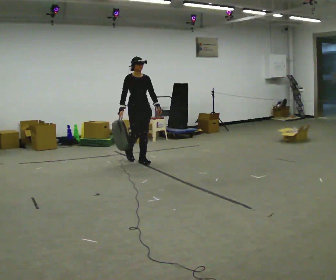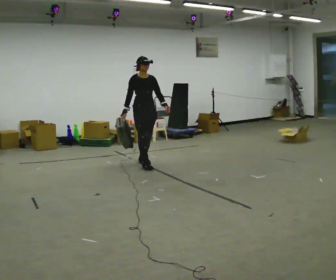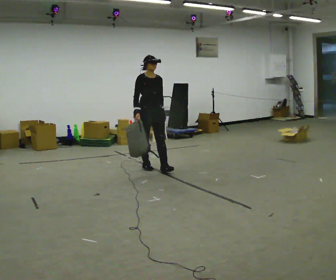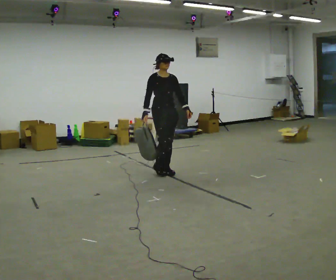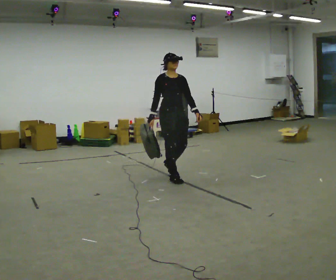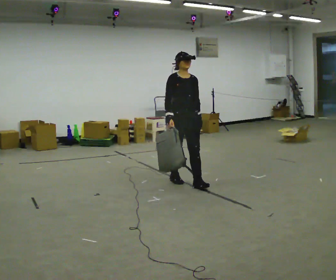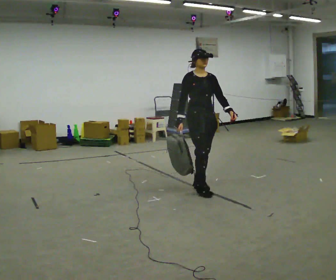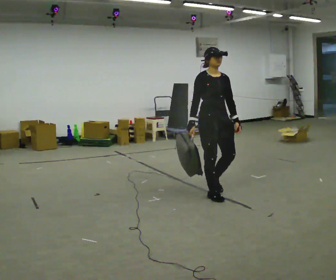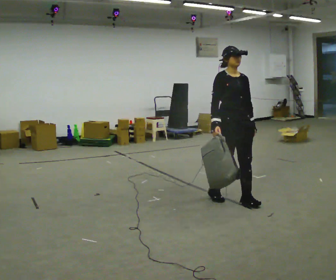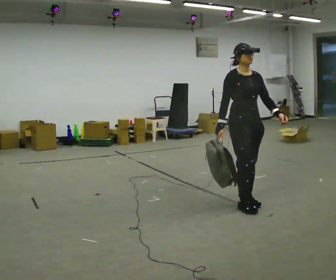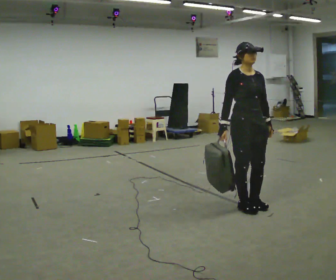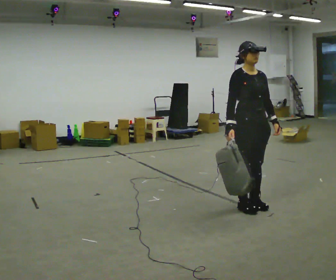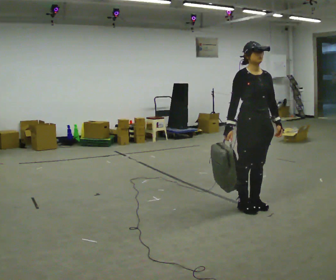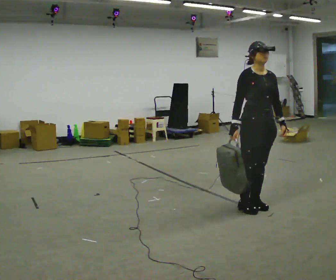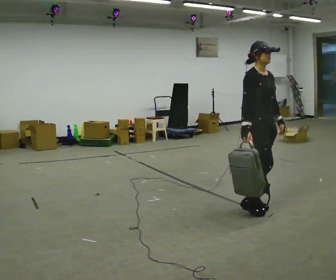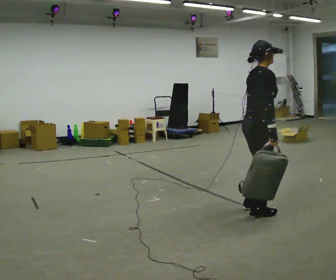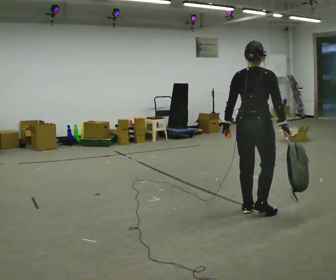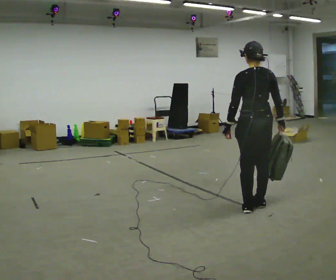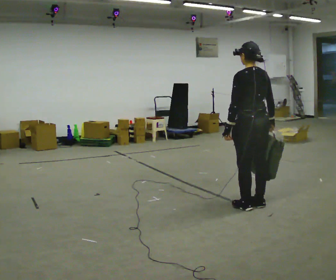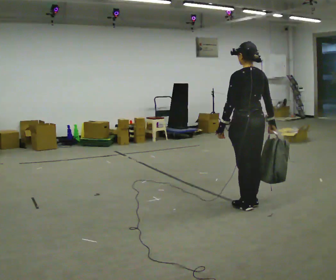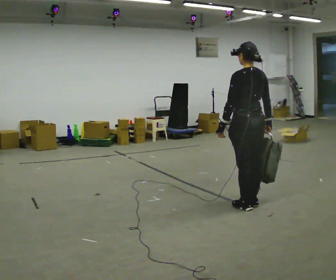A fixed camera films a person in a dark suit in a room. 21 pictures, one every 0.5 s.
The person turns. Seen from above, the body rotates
counterclockwise.
The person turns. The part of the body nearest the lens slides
to the right.
0.0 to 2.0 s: In the picture they go toward the camera and to the right, about 1 m in 3 steps, which for them is forward.
2.0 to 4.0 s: In the picture they go toward the camera and to the right, about 1 m in 3 steps, which for them is forward.
4.0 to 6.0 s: In the picture they go toward the camera and to the right, about 0.25 m in 1 step, which for them is forward.
6.0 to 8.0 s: The part of the body nearest the lens slides to the right as the person turns to their left by about 120 degrees. In the picture their left hand goes to the left, the arm swinging clockwise.
8.0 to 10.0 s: Seen from above the body turns counterclockwise, about 60 degrees: to their left, with its near side sliding to the right. In the picture they go away from the camera, about 0.25 m in 1 step.
The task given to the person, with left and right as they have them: Carry the soft bag across the room, back and forth. It will change shape as you move, so hold it however works.
The film runs forward here.
